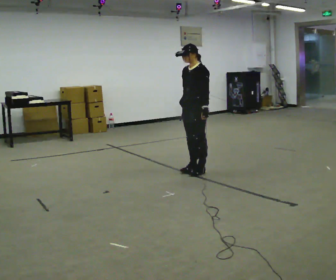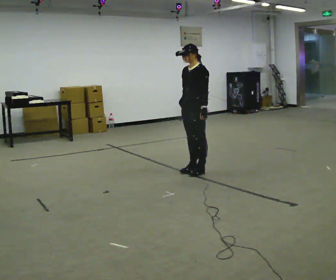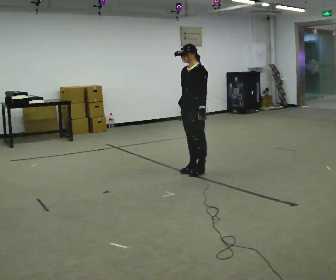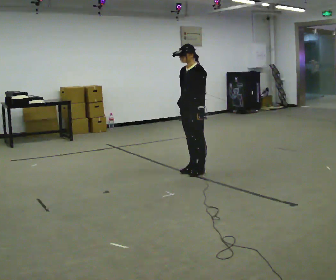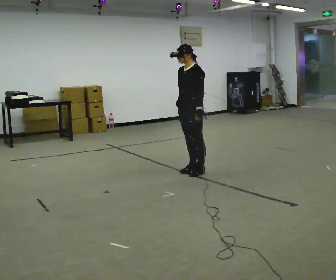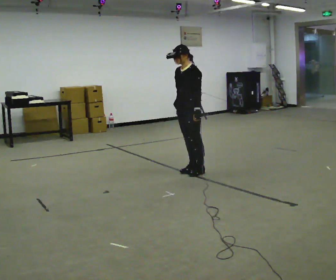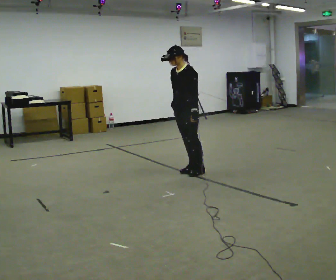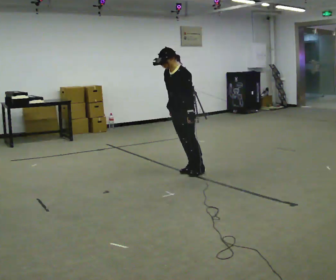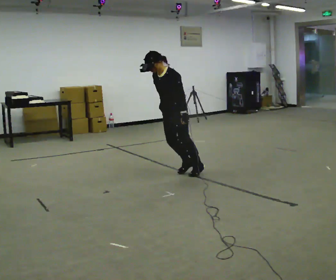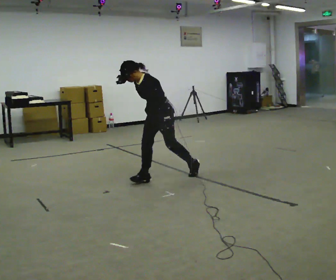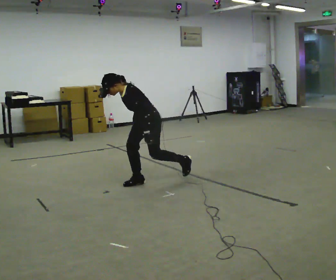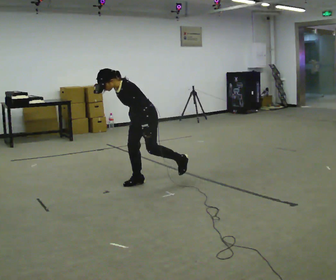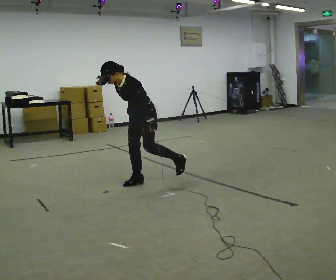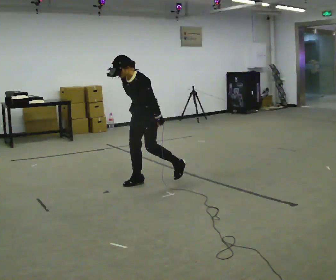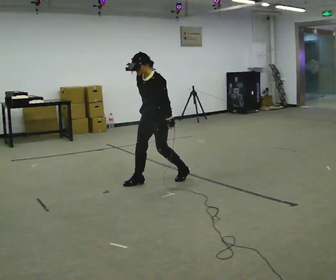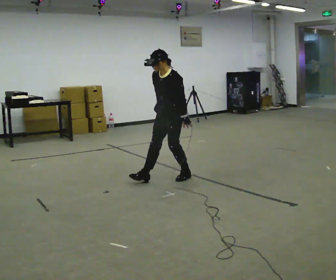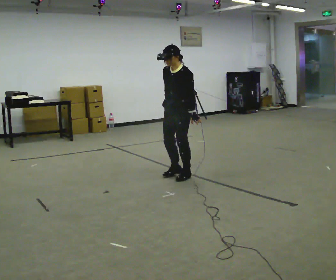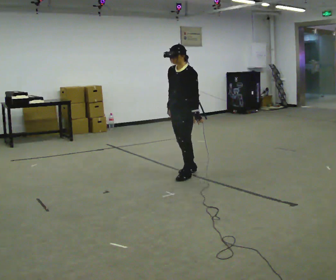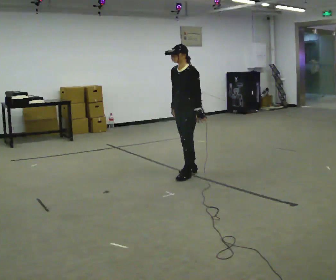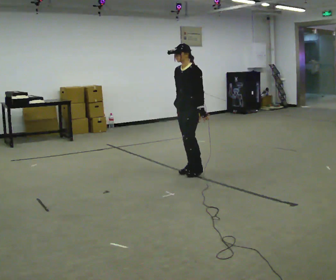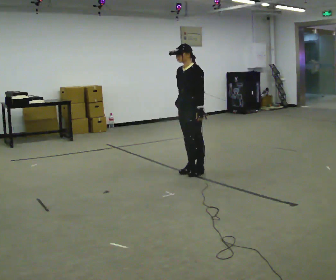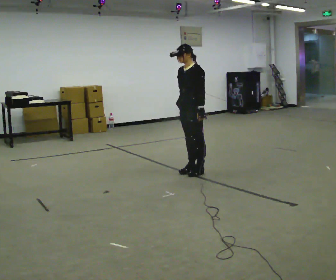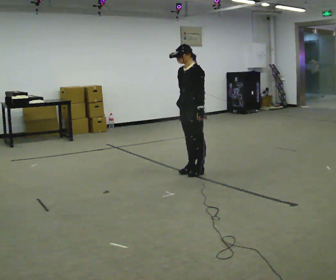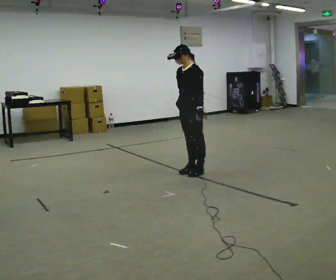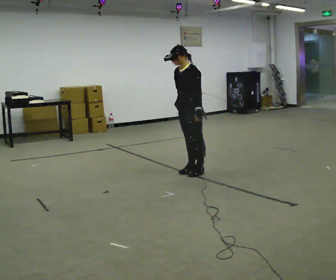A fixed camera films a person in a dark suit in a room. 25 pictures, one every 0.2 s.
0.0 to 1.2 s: The person moves a little, or ends about where they began.
1.2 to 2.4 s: In the picture they go to the left and toward the camera, about 0.5 m in 2 steps, which for them is forward.
2.4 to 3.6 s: In the picture they go to the right and away from the camera, about 0.5 m in 1 step, which for them is backward. In the picture the upper body tilts clockwise, shoulders to the right, as they lean back or straighten.
3.6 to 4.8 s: The person moves a little, or ends about where they began.
The film runs forward here.
